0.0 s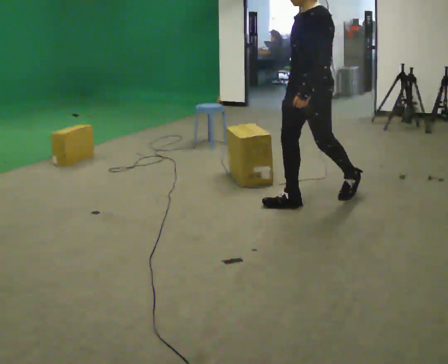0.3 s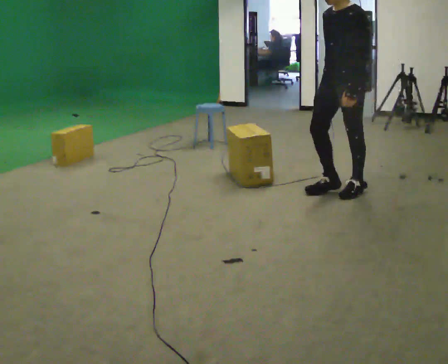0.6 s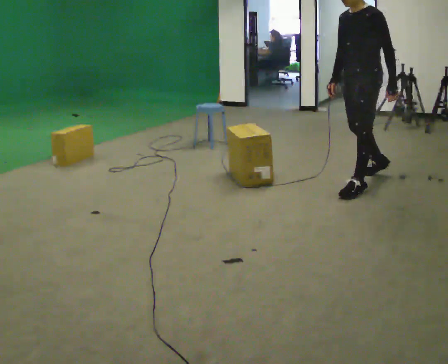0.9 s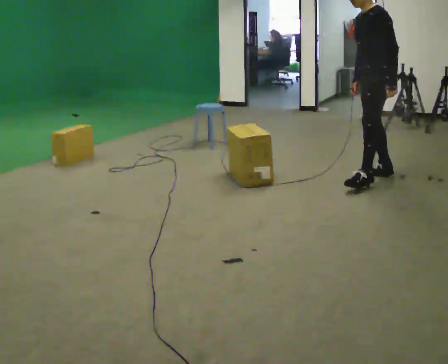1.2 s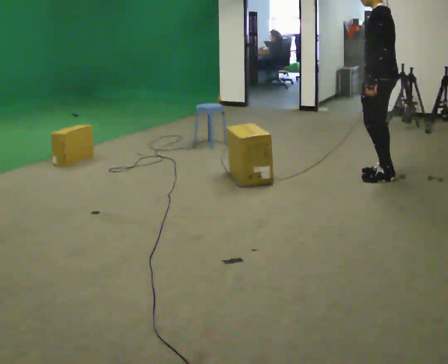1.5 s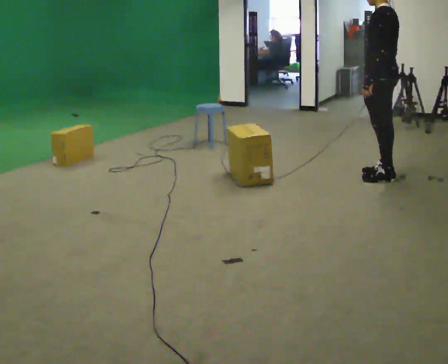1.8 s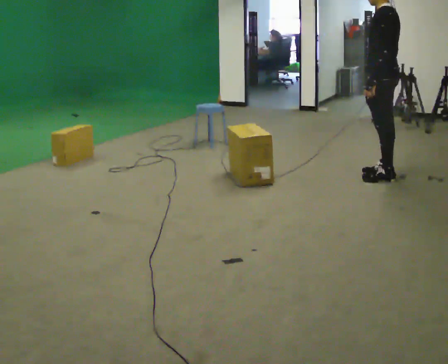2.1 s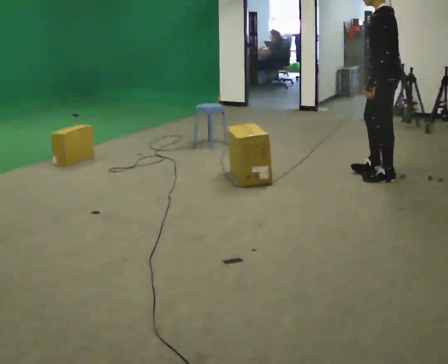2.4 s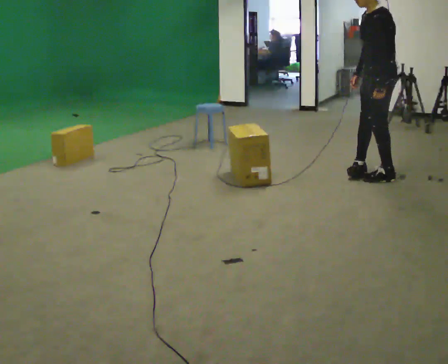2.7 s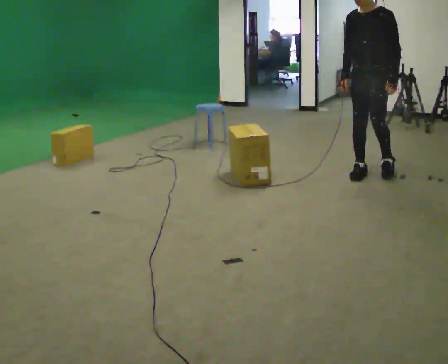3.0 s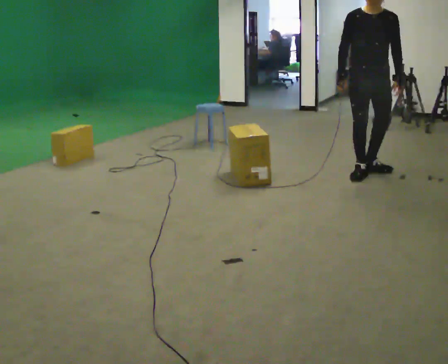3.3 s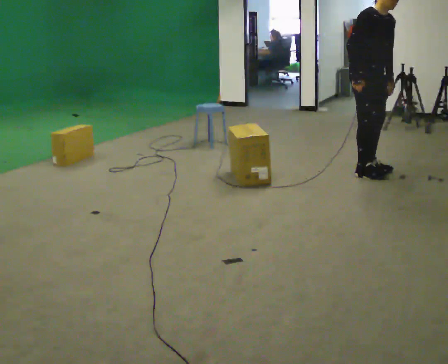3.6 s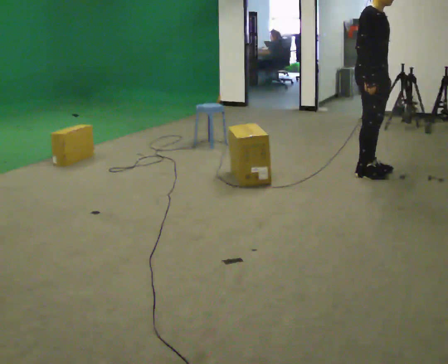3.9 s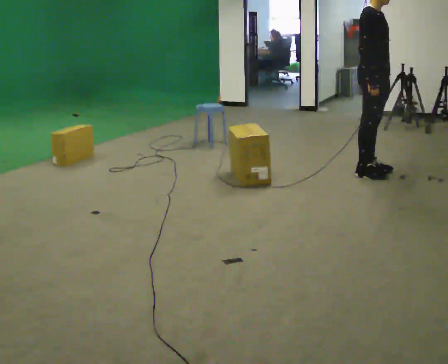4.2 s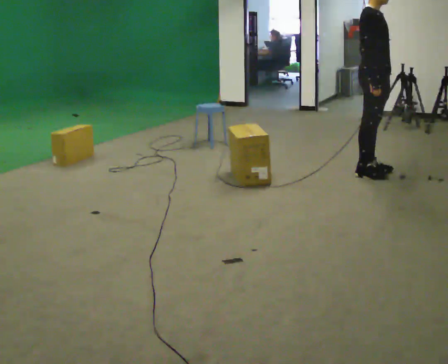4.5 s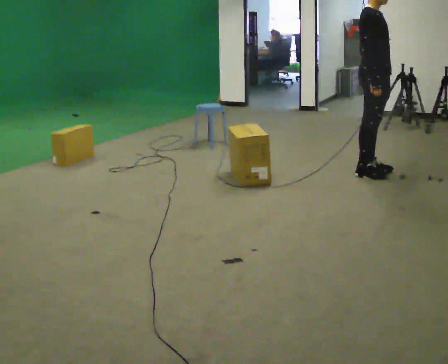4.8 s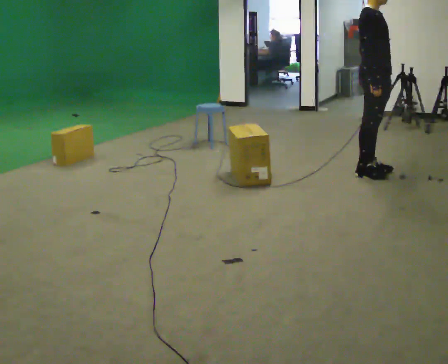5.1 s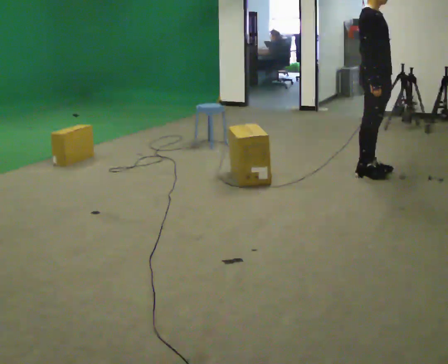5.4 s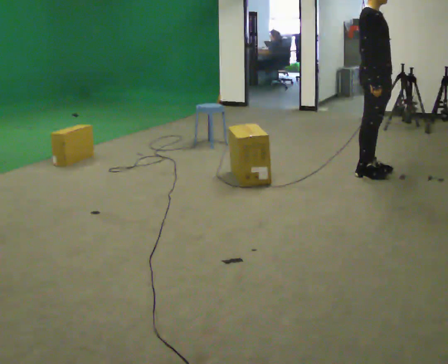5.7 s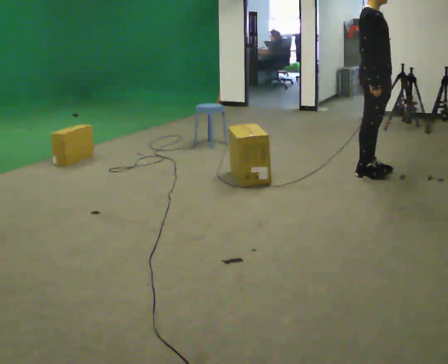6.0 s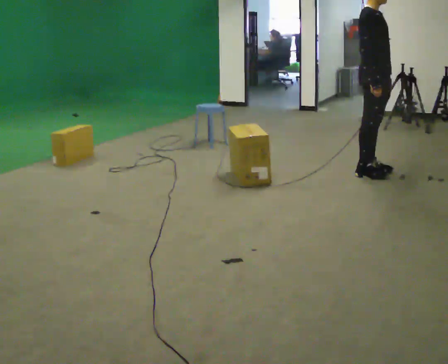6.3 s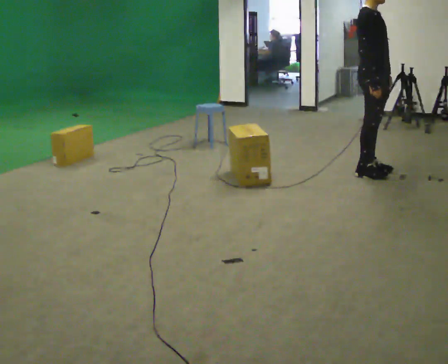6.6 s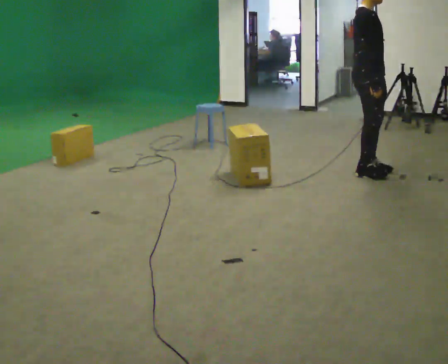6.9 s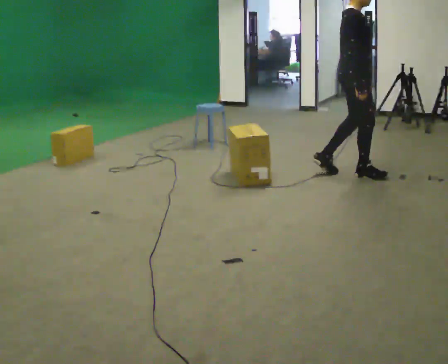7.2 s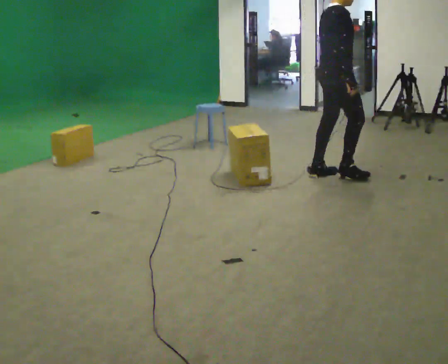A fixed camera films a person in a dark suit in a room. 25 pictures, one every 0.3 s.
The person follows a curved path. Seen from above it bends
counterclockwise.
0.0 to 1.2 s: The person turns about 45 degrees to their right, clockwise seen from above, so the part of the body nearest the lens slides to the left. In the picture they go away from the camera and to the right, about 1 m in 2 steps, which for them is backward.
1.2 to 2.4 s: The person moves a little, or ends about where they began.
2.4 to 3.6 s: The person turns about 150 degrees to their left, counterclockwise seen from above, so the part of the body nearest the lens slides to the right.
3.6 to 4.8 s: The person moves a little, or ends about where they began.
4.8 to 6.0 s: The person keeps their place and pose.
6.0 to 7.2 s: Seen from above the body turns counterclockwise, about 30 degrees: to their left, with its near side sliding to the right. In the picture they go to the left and toward the camera, about 0.25 m in 2 steps, which for them is backward and to their right.
The film runs backward here.
